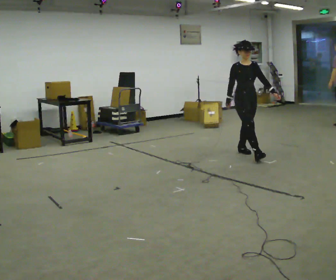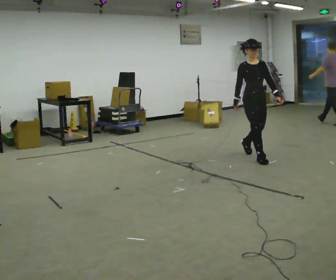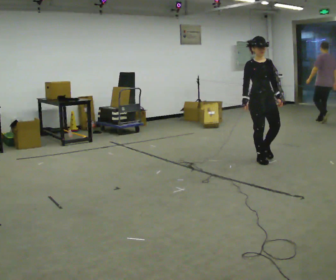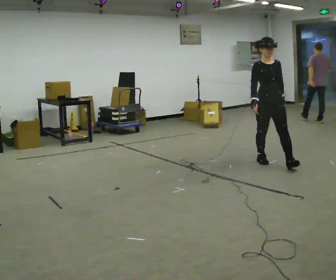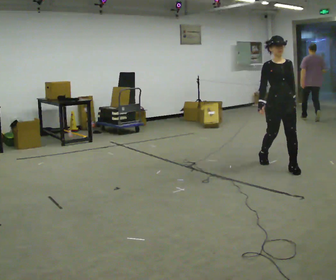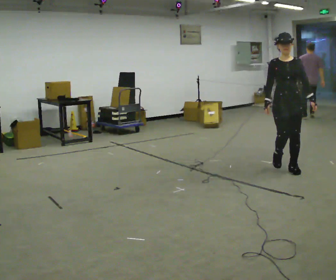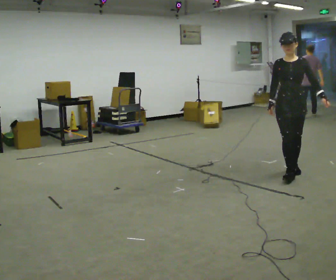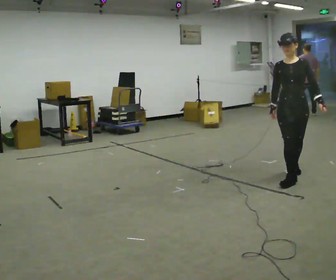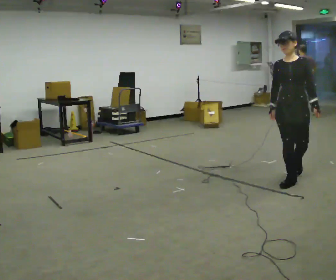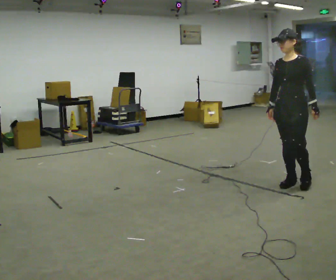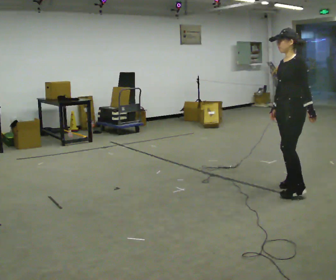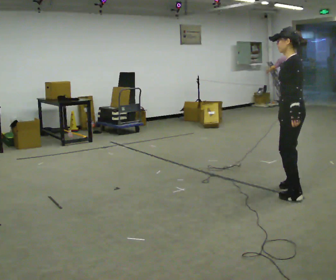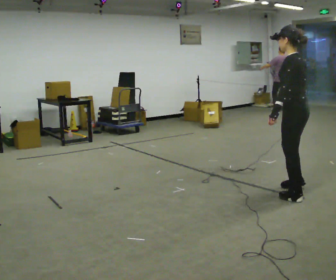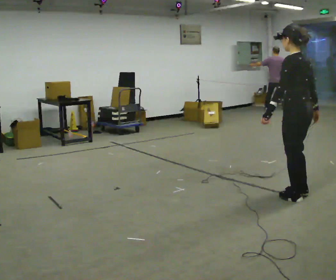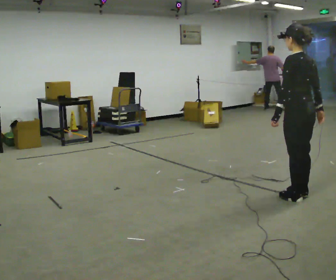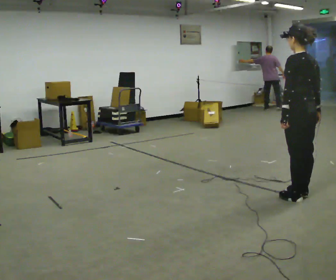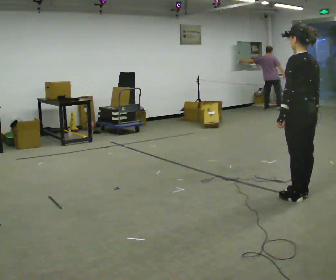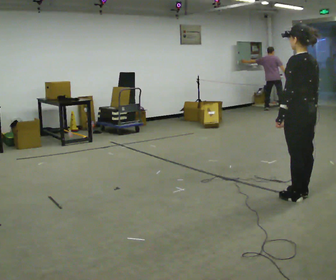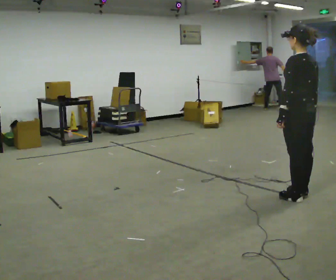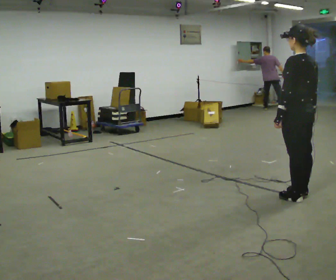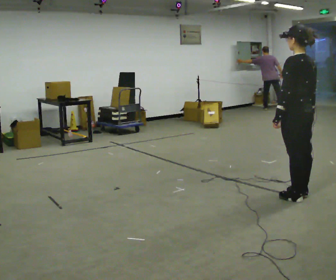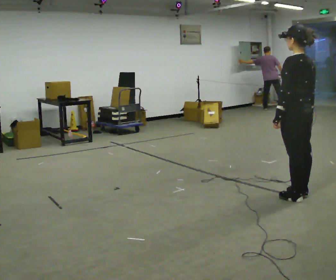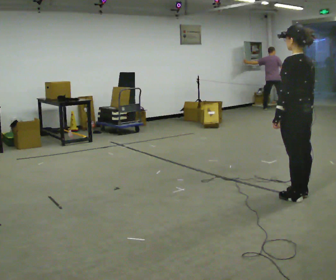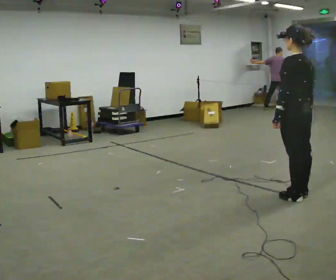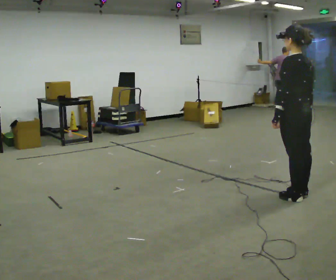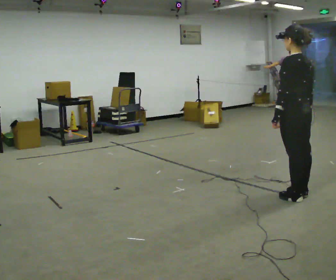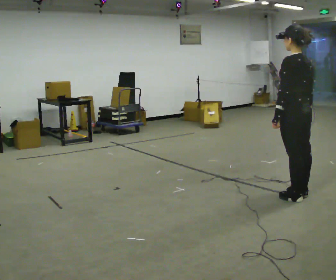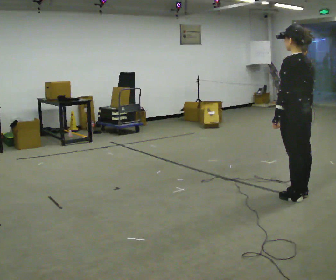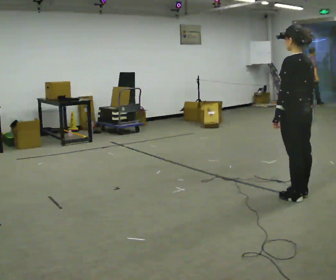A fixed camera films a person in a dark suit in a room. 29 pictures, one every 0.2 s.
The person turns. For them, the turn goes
to their right.
The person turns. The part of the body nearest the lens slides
to the left.
0.0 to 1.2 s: Seen from above the body turns clockwise, about 30 degrees: to their right, with its near side sliding to the left. In the picture they go toward the camera and to the right, about 1 m in 2 steps, which for them is forward.
1.2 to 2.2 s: The part of the body nearest the lens slides to the left as the person turns to their right by about 90 degrees. In the picture they go toward the camera, about 0.75 m in 2 steps.
2.2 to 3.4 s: Seen from above the body turns clockwise, about 30 degrees: to their right, with its near side sliding to the left. In the picture they go toward the camera, about 0.25 m in 1 step, which for them is backward.
3.4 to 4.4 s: The person moves a little, or ends about where they began.
4.4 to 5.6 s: The person keeps their place and pose.
The film runs forward here.
